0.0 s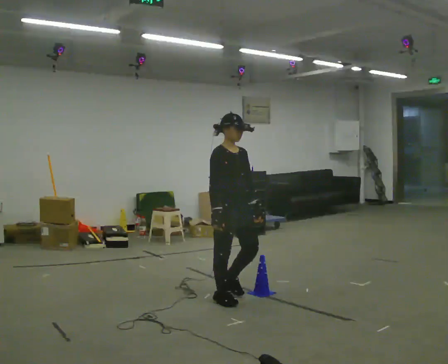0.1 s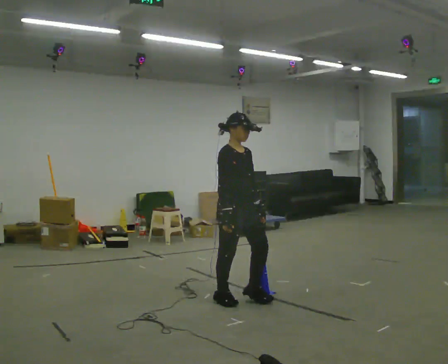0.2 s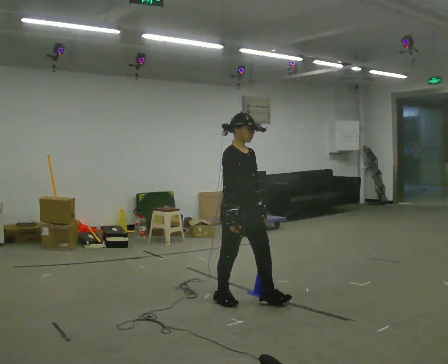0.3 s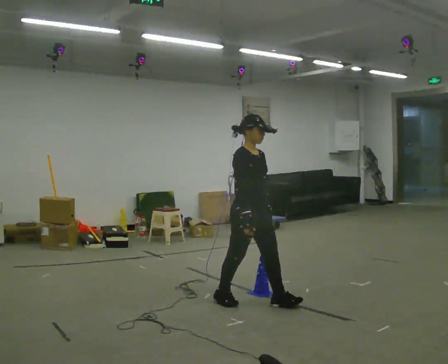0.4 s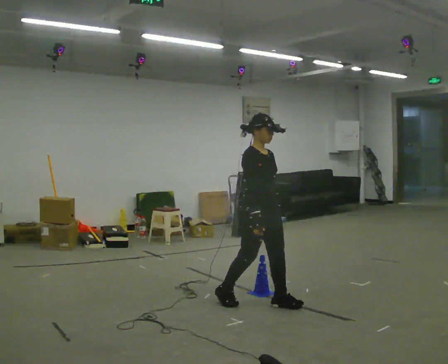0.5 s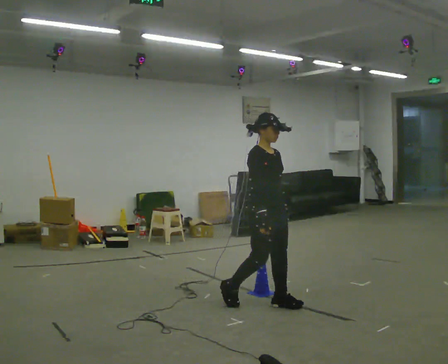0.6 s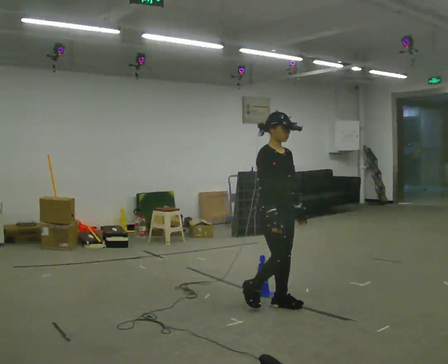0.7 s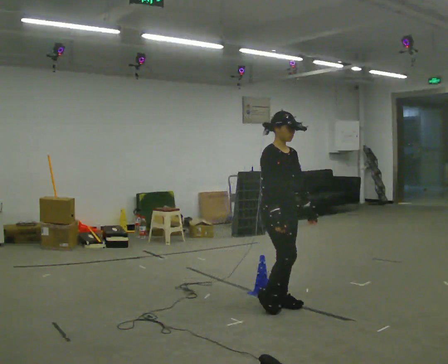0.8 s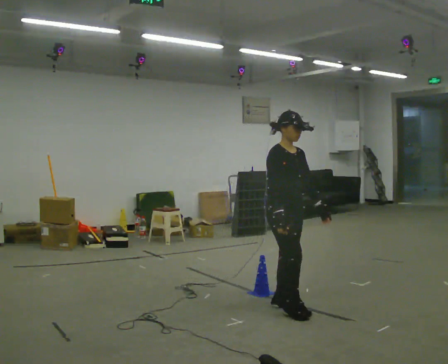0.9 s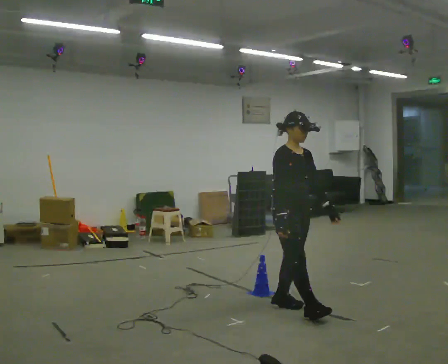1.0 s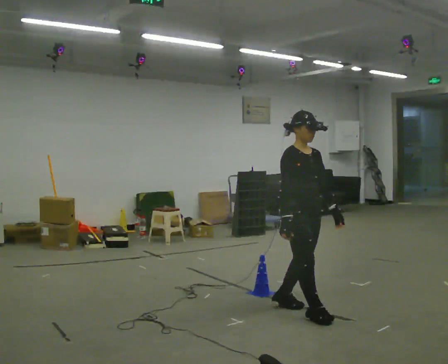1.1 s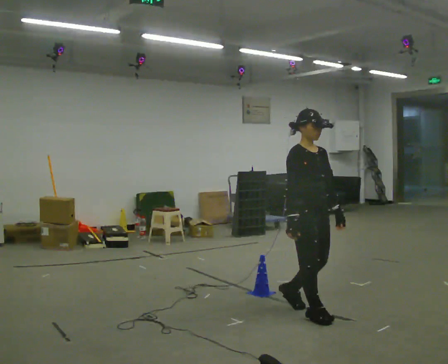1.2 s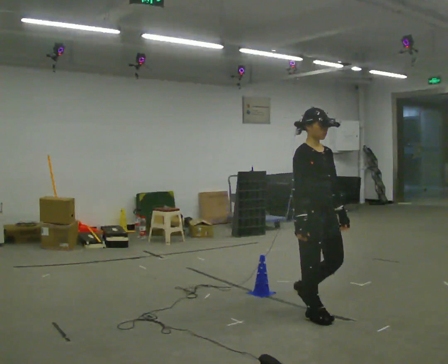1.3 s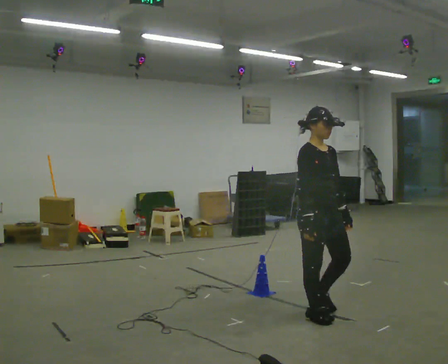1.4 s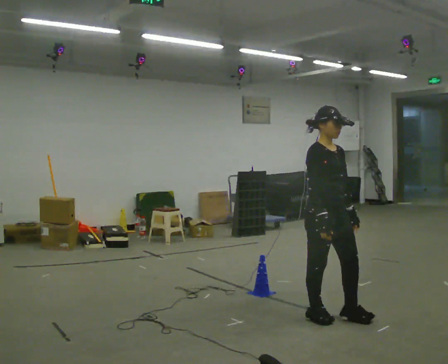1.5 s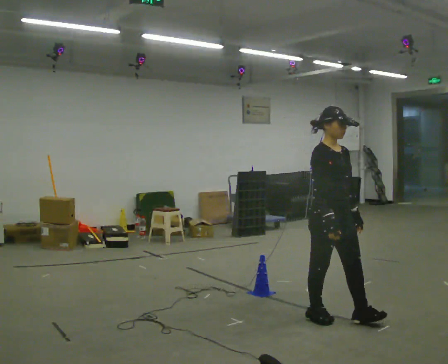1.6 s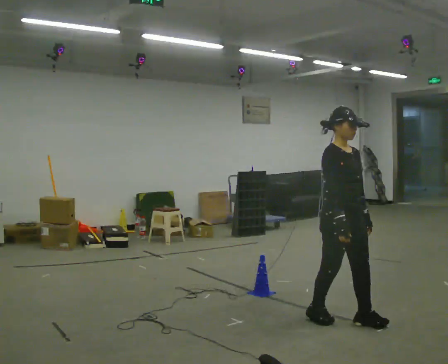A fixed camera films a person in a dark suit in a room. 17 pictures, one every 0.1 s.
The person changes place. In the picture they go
to the right.
0.0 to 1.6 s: In the picture they go to the right and toward the camera, about 1 m in 3 steps, which for them is forward.
The film runs forward here.
